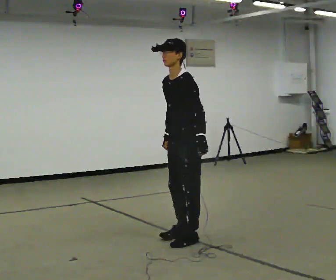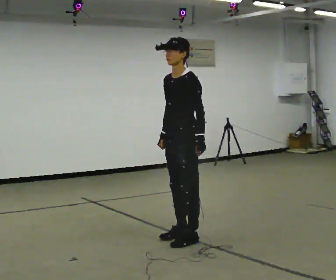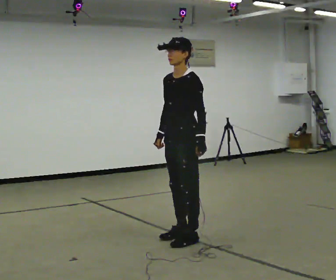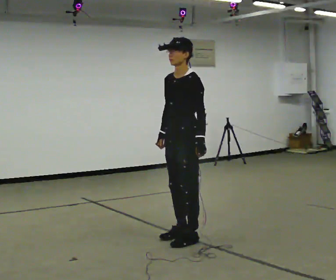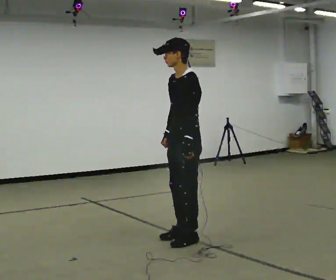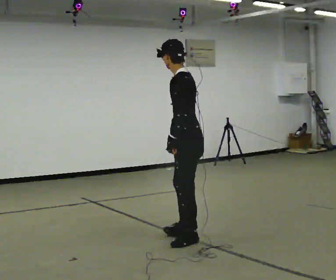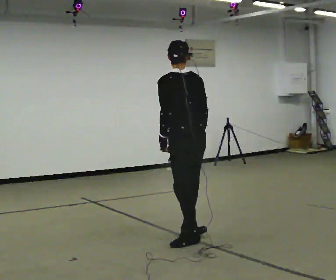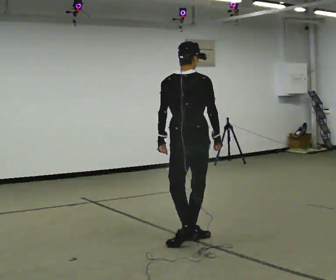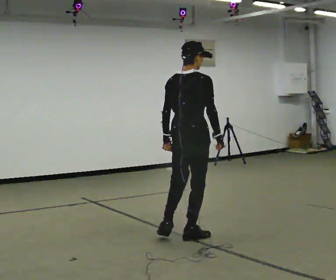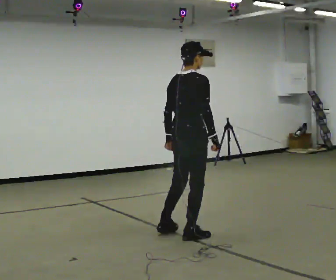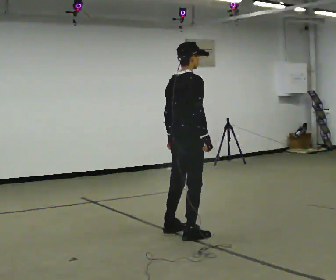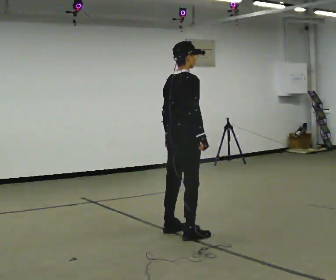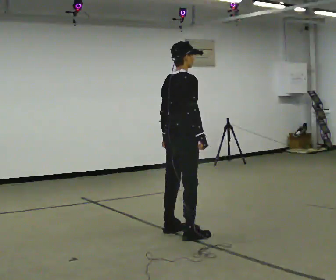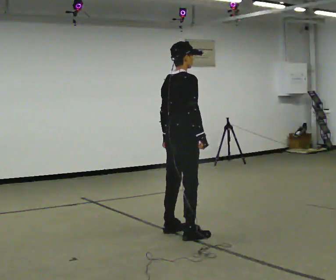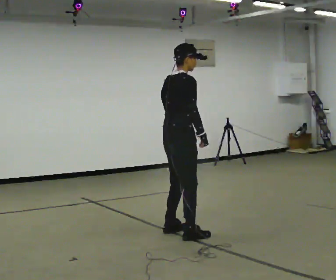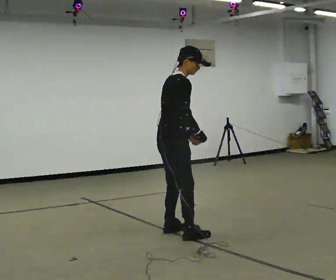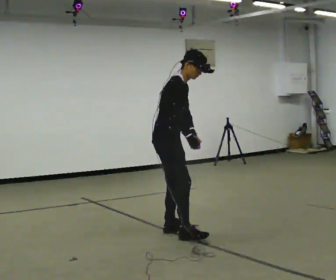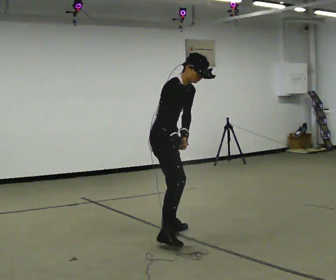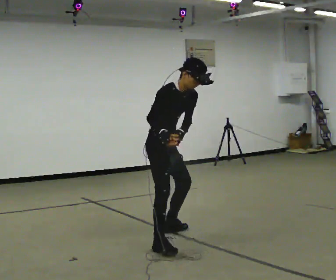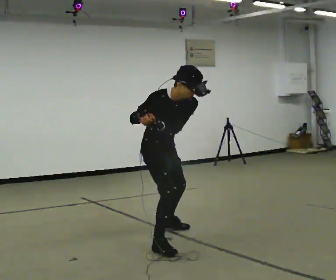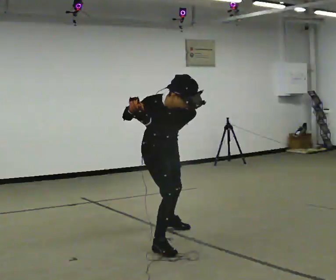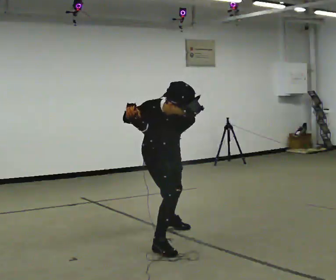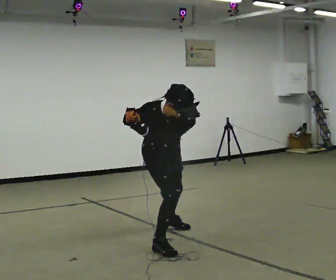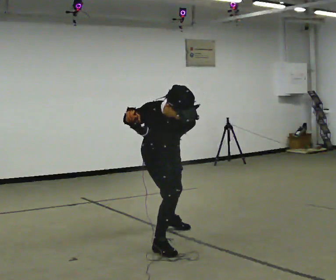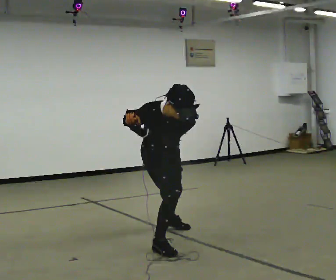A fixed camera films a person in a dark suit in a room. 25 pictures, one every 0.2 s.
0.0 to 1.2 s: The person turns about 90 degrees to their right, clockwise seen from above, so the part of the body nearest the lens slides to the left. In the picture their left hand goes to the left.
1.2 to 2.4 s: Seen from above the body turns clockwise, about 75 degrees: to their right, with its near side sliding to the left. In the picture they go away from the camera, about 0.25 m in 1 step.
2.4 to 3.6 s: The part of the body nearest the lens slides to the left as the person turns to their right by about 60 degrees. In the picture they go to the left, about 0.25 m in 1 step. In the picture the upper body tilts clockwise, shoulders to the right, as they bend forward.
3.6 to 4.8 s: The part of the body nearest the lens slides to the left as the person turns to their right by about 30 degrees. In the picture they go toward the camera, about 0.25 m in 1 step, which for them is forward. The upper body tips toward the camera, its near side rolling downward, as they bend forward.
The film runs forward here.
